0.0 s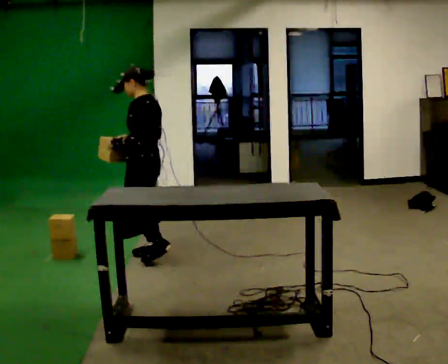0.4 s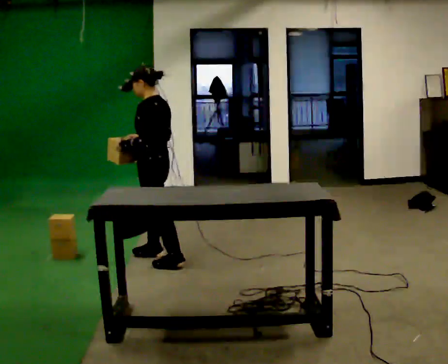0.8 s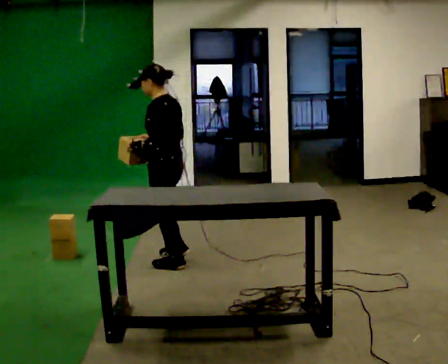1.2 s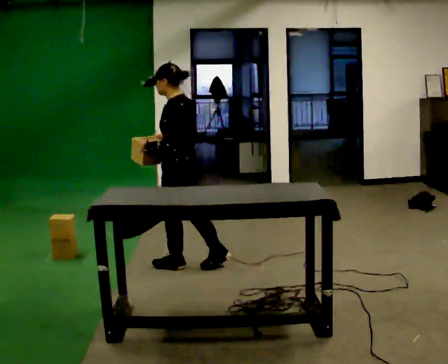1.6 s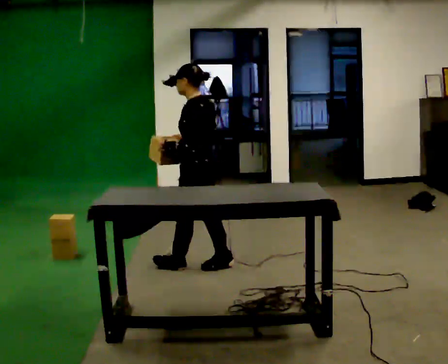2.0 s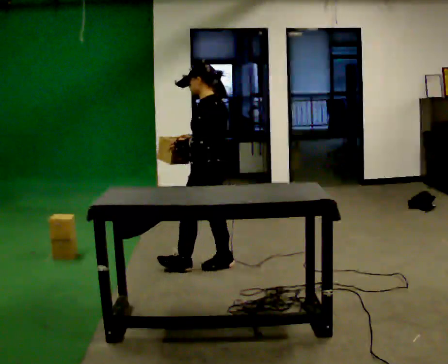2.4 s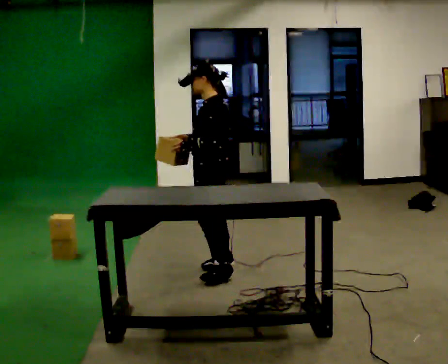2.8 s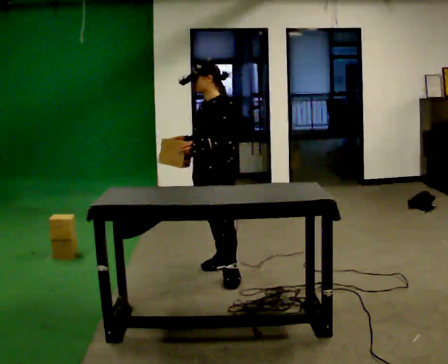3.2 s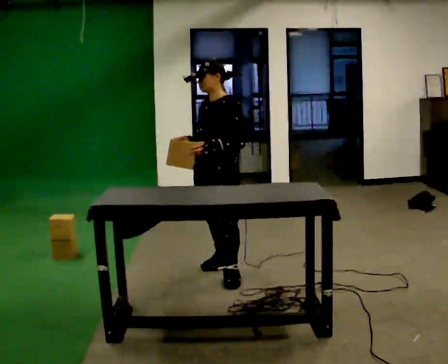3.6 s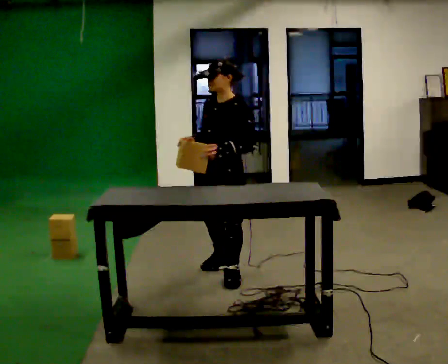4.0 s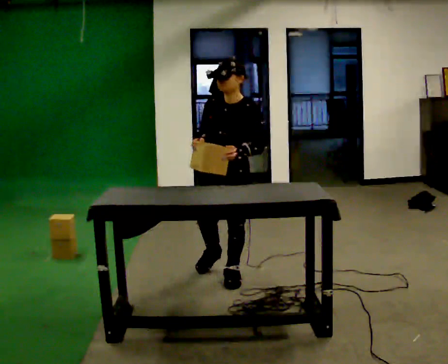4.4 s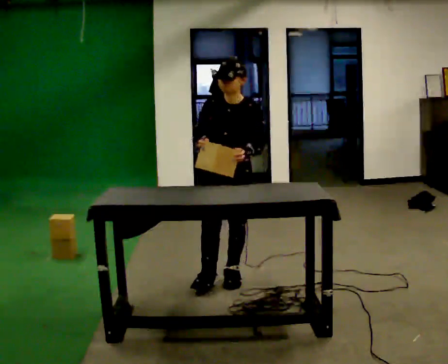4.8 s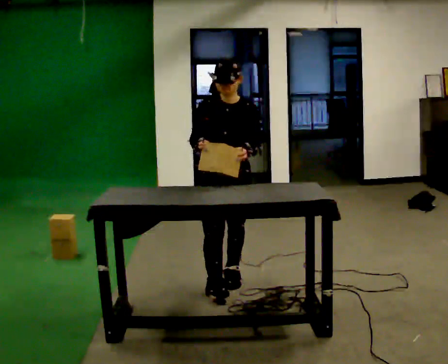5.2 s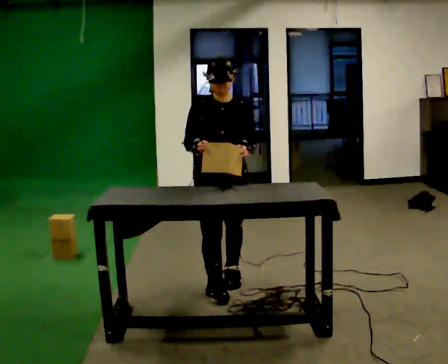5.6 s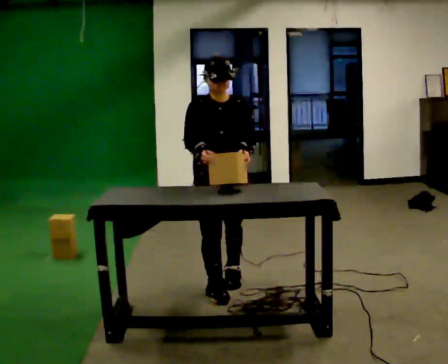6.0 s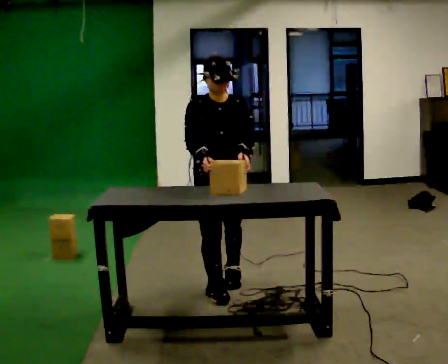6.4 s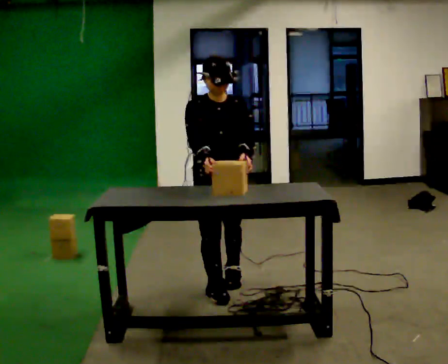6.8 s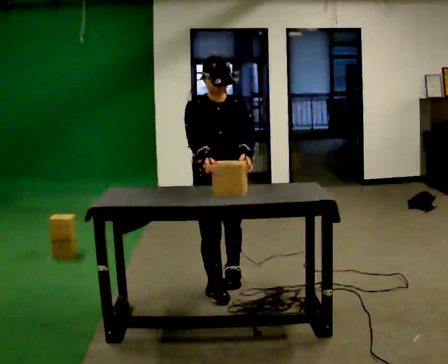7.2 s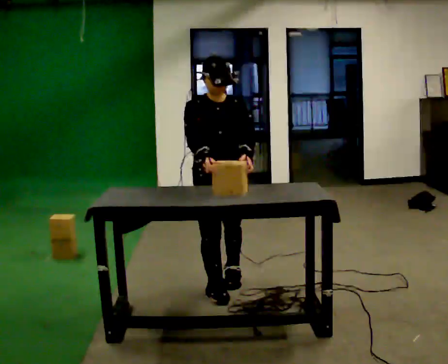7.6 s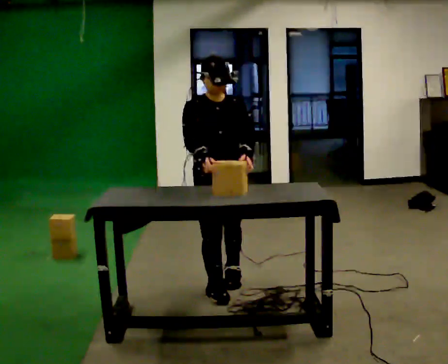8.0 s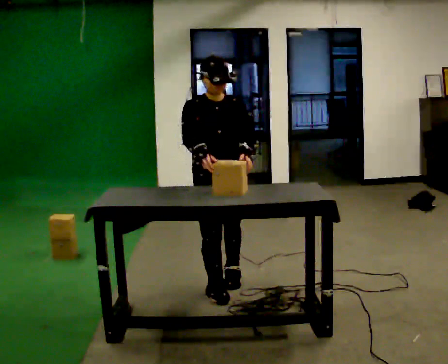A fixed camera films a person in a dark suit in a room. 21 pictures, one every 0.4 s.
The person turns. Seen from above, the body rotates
counterclockwise.
The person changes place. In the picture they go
toward the camera.
0.0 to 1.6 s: In the picture they go to the right and toward the camera, about 0.5 m in 1 step, which for them is backward.
1.6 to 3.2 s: The person turns about 60 degrees to their left, counterclockwise seen from above, so the part of the body nearest the lens slides to the right. In the picture they go toward the camera, about 0.25 m in 1 step, which for them is to their left.
3.2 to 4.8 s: The person turns about 60 degrees to their left, counterclockwise seen from above, so the part of the body nearest the lens slides to the right. In the picture they go toward the camera, about 0.25 m in 1 step, which for them is forward.
4.8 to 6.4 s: The person moves a little, or ends about where they began.
6.4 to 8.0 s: The person keeps their place and pose.
The film runs backward here.
